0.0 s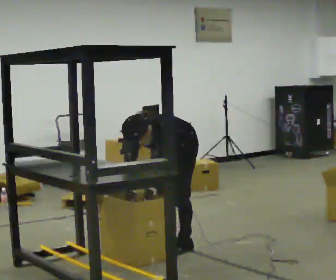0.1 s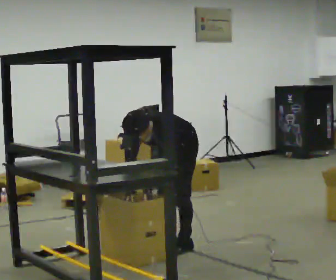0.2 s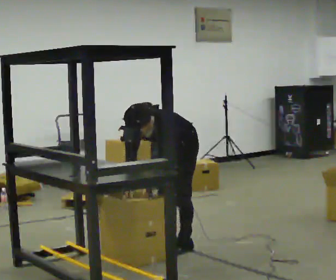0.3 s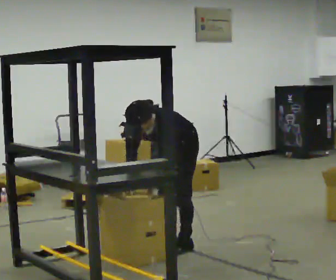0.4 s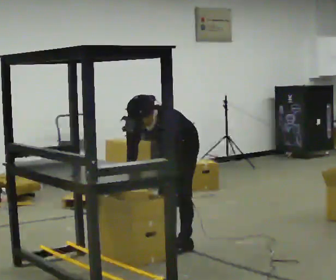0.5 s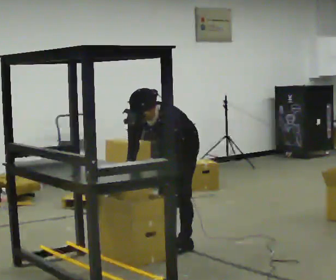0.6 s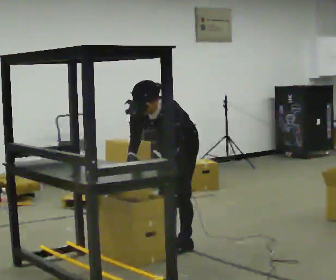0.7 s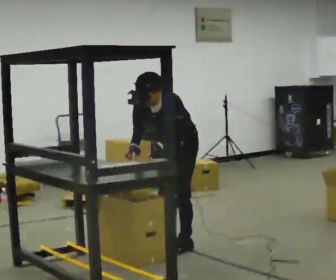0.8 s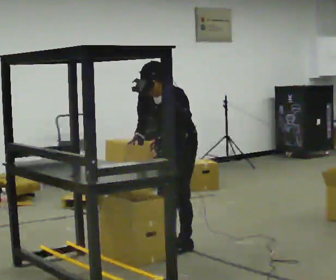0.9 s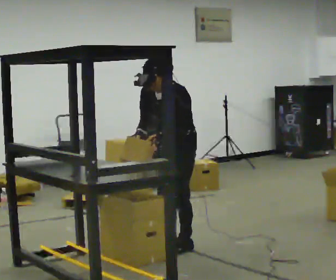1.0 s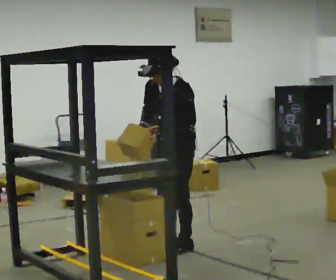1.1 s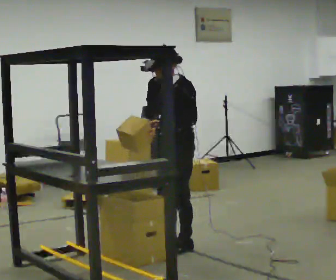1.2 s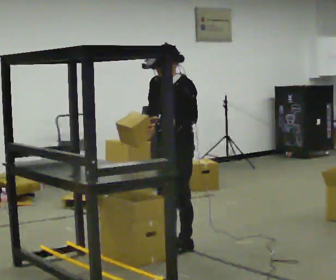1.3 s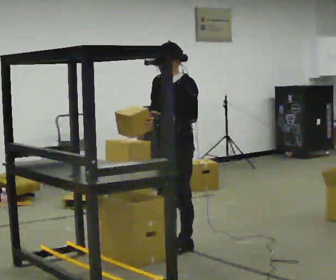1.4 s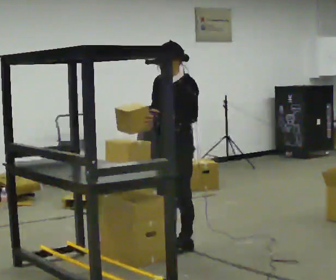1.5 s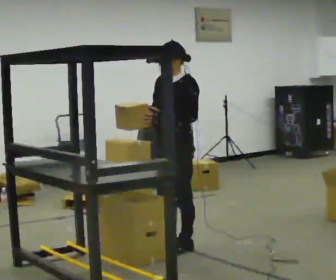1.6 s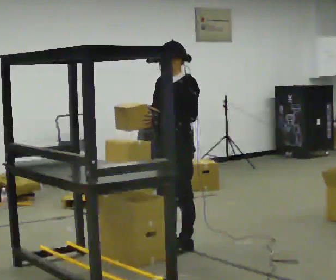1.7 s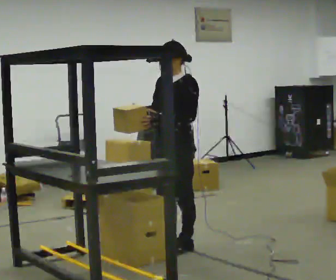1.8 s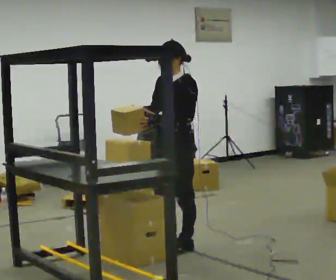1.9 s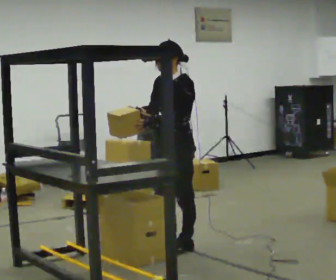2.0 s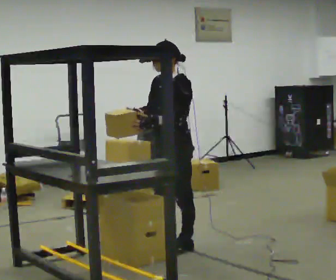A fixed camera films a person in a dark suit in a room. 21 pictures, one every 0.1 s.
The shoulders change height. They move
upward.
Their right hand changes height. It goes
upward.
0.0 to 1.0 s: The shoulders move upward. The upper body tips away from the camera, its near side rolling upward, as they lean back or straighten. In the picture their right hand goes upward.
1.0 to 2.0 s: The person moves a little, or ends about where they began.
The film runs forward here.
